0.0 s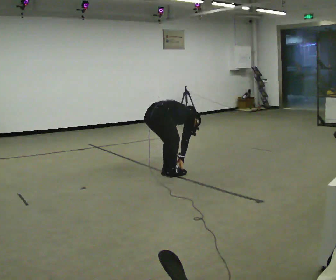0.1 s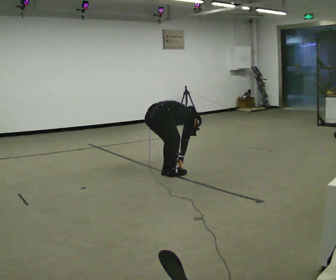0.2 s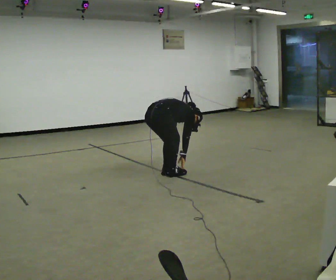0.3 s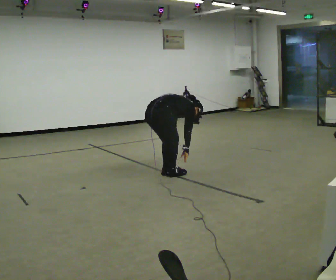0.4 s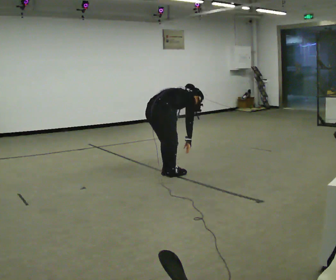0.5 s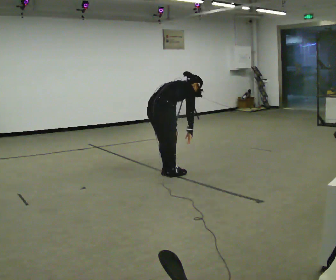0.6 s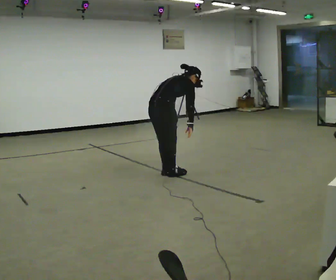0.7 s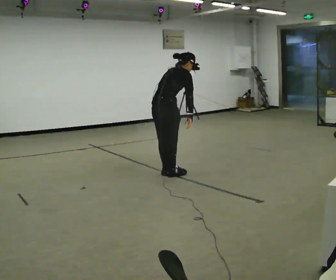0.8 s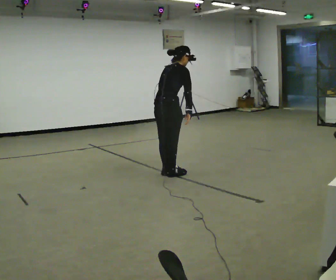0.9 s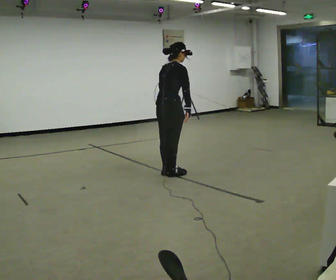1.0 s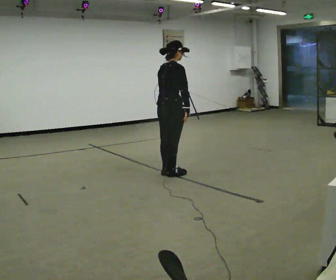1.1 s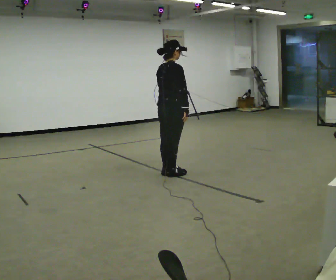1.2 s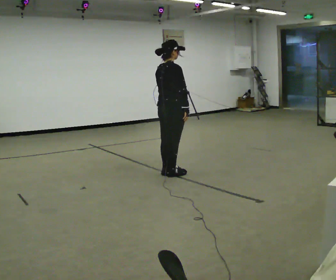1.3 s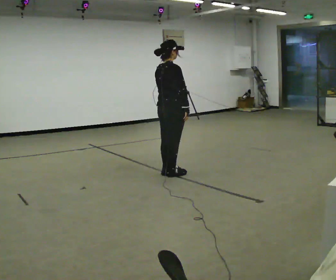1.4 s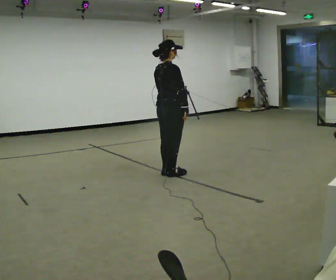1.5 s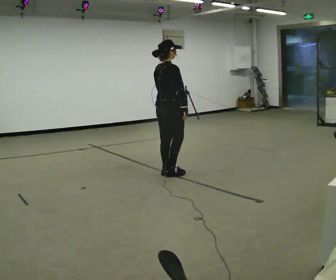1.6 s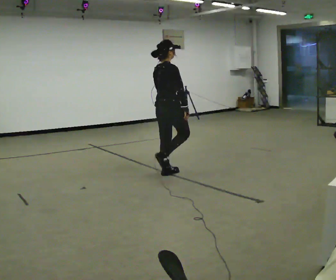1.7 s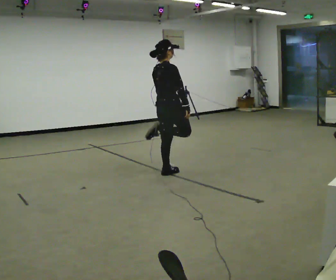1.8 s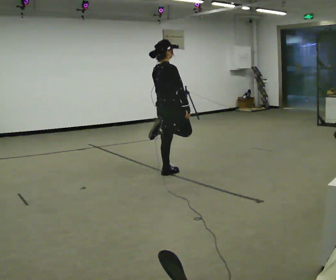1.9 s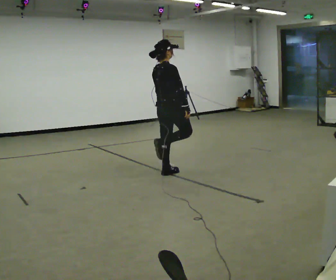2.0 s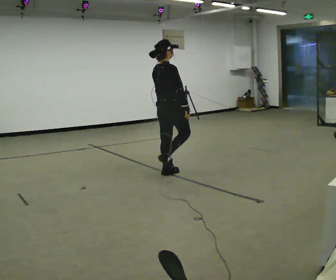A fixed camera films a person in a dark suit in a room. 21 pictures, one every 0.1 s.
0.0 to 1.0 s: The shoulders move upward. In the picture the upper body tilts counterclockwise, shoulders to the left, as they lean back or straighten. In the picture their right hand goes upward.
1.0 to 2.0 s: The person moves a little, or ends about where they began.
The film runs forward here.
